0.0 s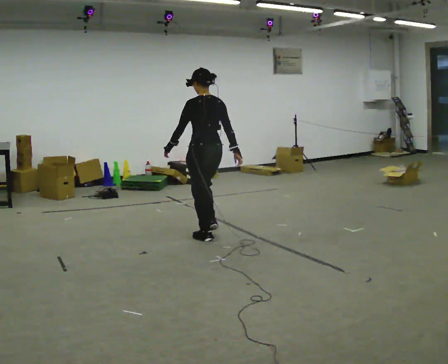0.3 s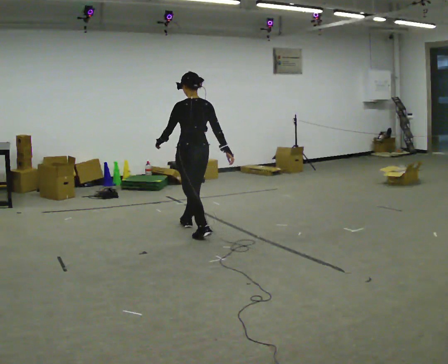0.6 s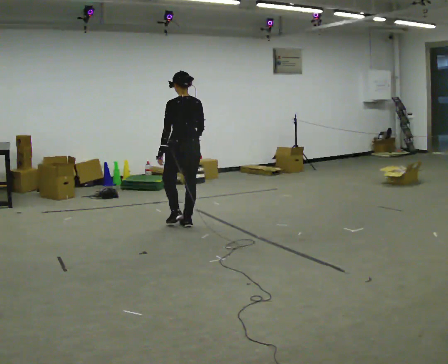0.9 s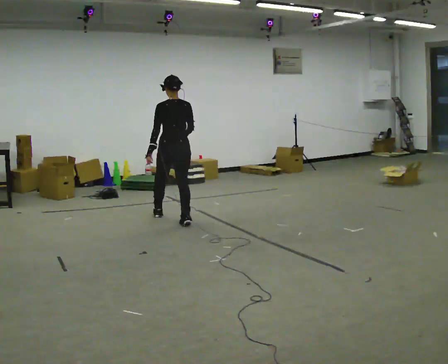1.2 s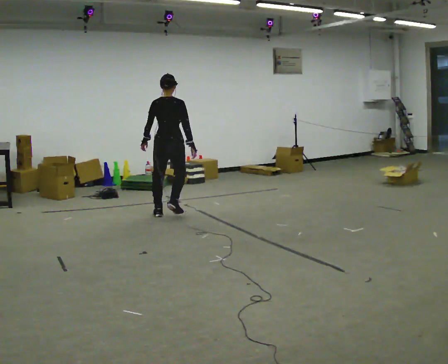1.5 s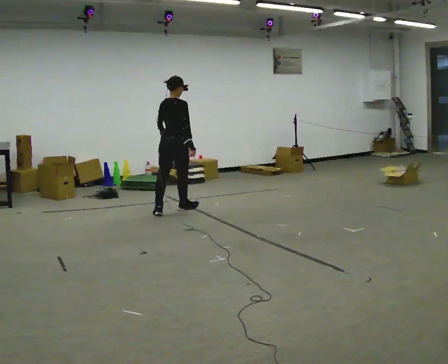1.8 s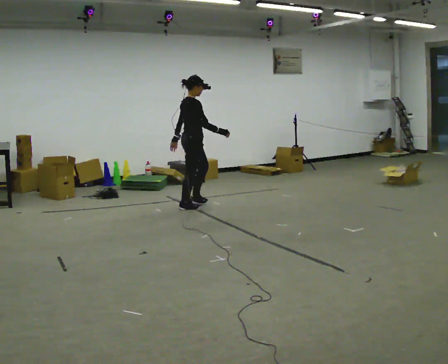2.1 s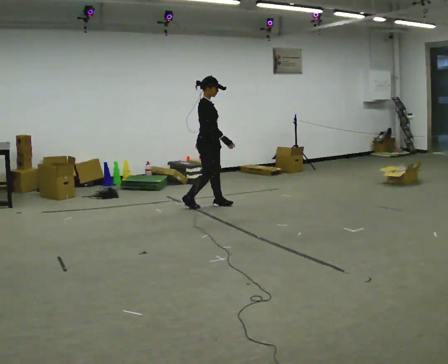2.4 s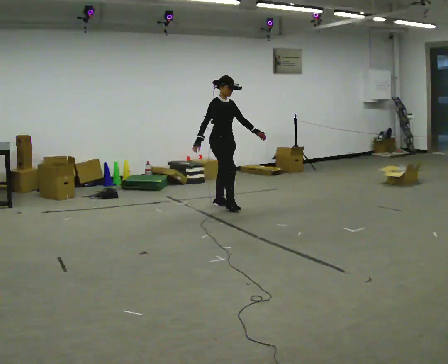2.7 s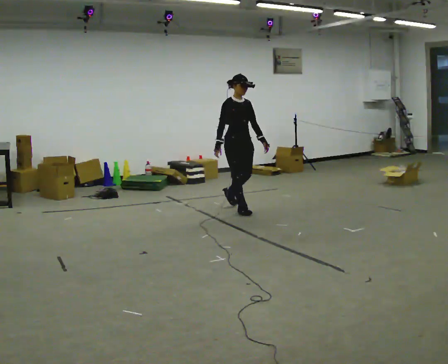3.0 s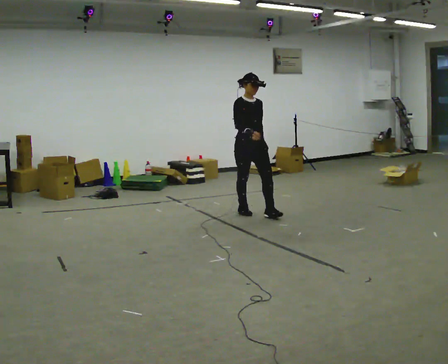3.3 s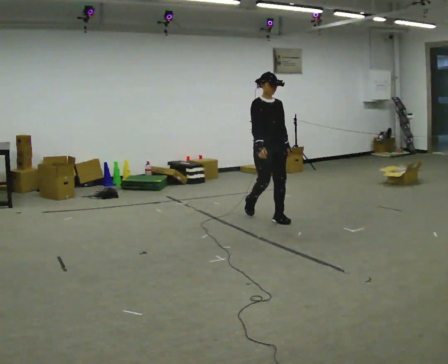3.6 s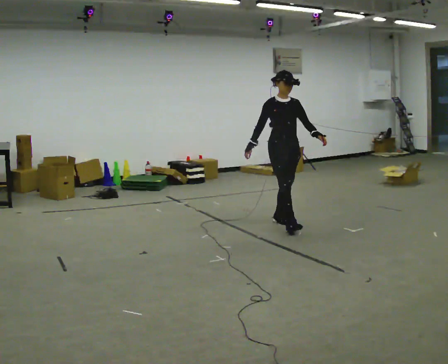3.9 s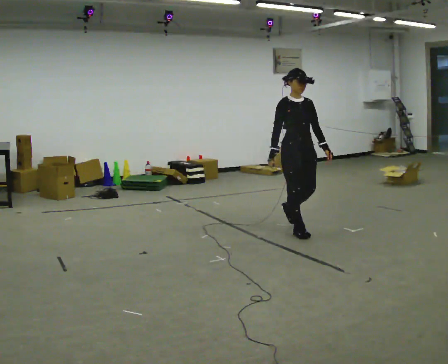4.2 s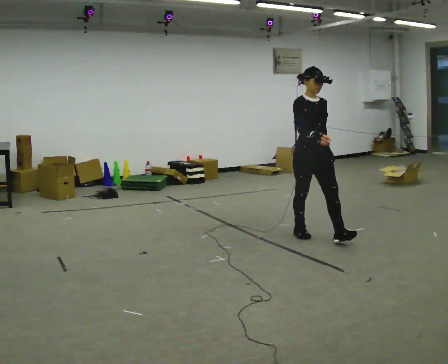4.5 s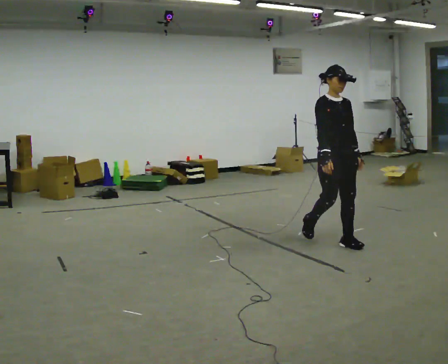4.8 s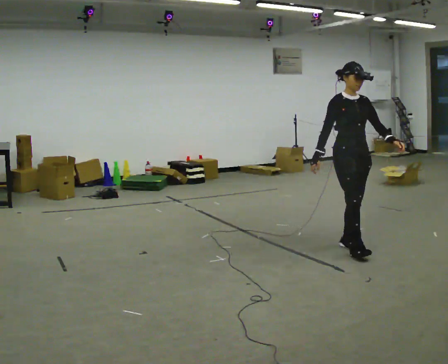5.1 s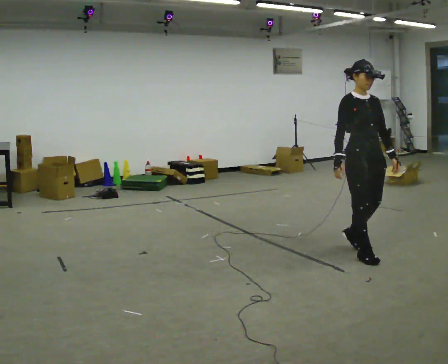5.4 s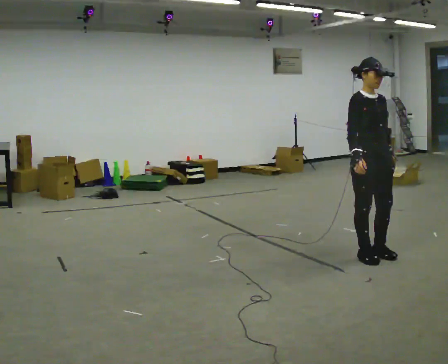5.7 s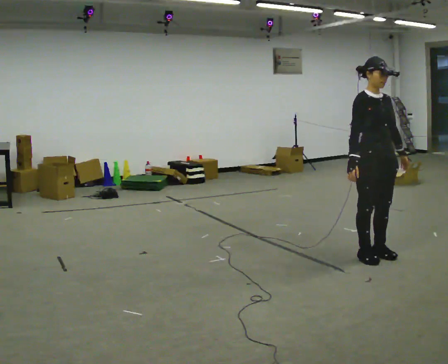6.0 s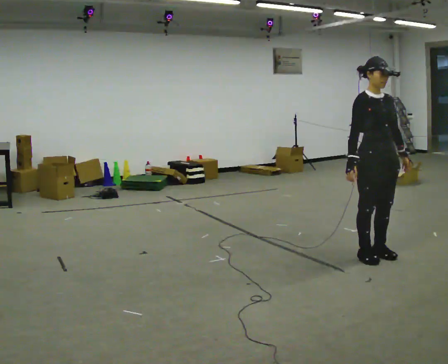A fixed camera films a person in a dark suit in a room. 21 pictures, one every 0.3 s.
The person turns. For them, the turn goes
to their right.
The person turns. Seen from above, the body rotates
clockwise.
0.0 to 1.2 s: The person turns about 60 degrees to their right, clockwise seen from above, so the part of the body nearest the lens slides to the left. In the picture they go away from the camera and to the left, about 1 m in 2 steps, which for them is forward.
1.2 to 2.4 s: Seen from above the body turns clockwise, about 105 degrees: to their right, with its near side sliding to the left. In the picture they go to the right and away from the camera, about 0.75 m in 2 steps.
2.4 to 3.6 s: The part of the body nearest the lens slides to the left as the person turns to their right by about 30 degrees. In the picture they go toward the camera and to the right, about 1 m in 2 steps, which for them is forward.
3.6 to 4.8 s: In the picture they go toward the camera and to the right, about 1 m in 2 steps, which for them is forward.
4.8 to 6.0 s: In the picture they go toward the camera, about 0.25 m in 2 steps, which for them is forward.
The film runs forward here.
